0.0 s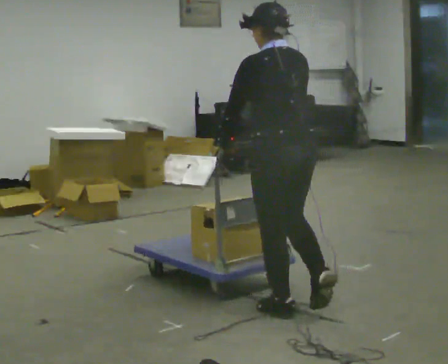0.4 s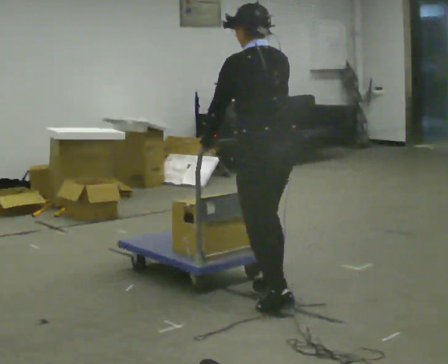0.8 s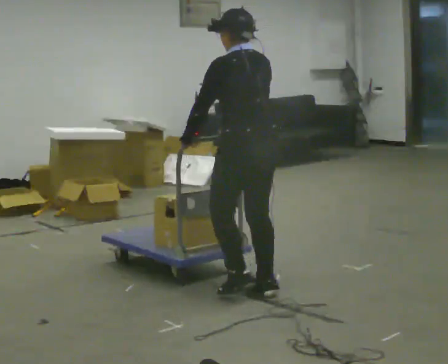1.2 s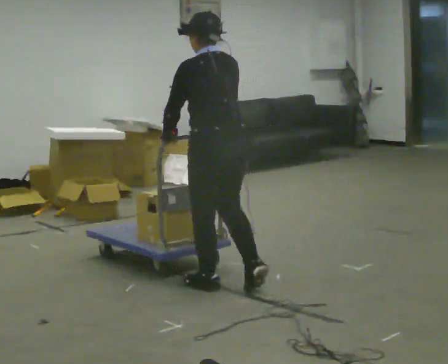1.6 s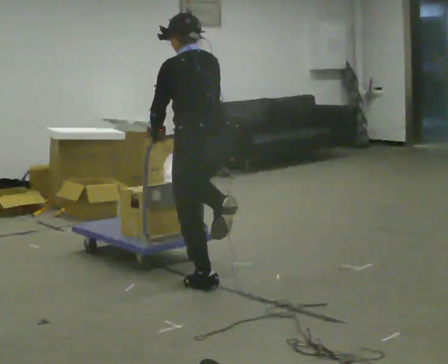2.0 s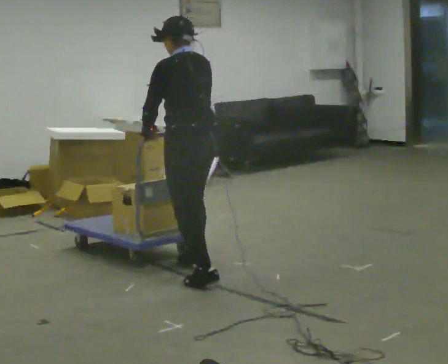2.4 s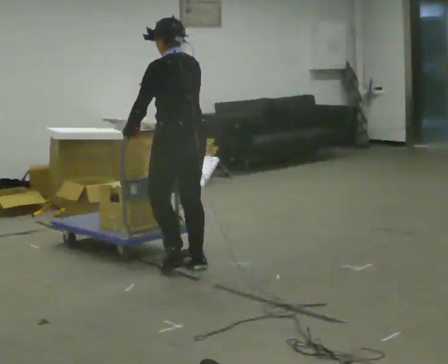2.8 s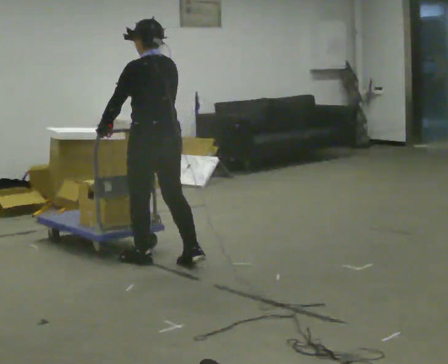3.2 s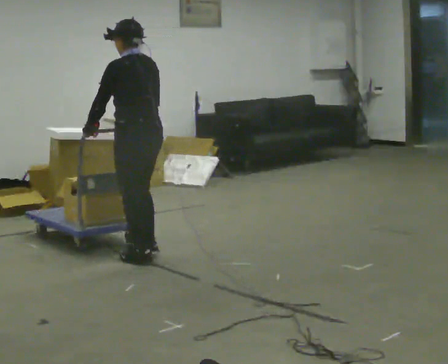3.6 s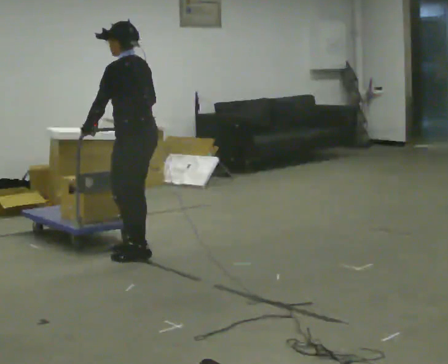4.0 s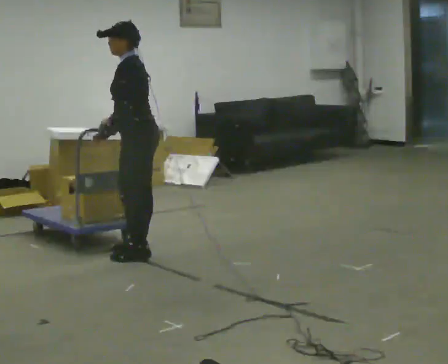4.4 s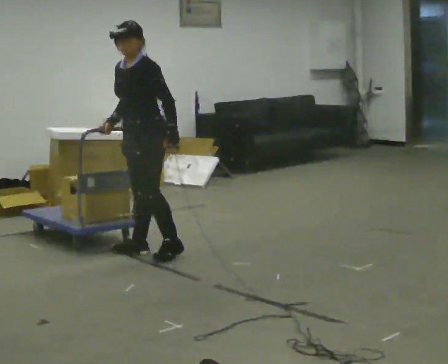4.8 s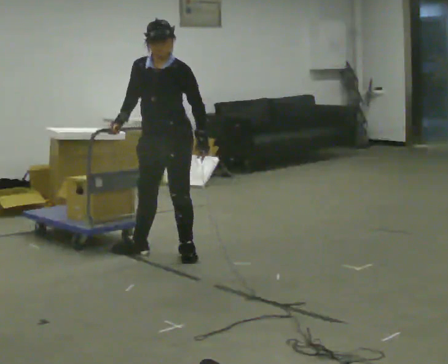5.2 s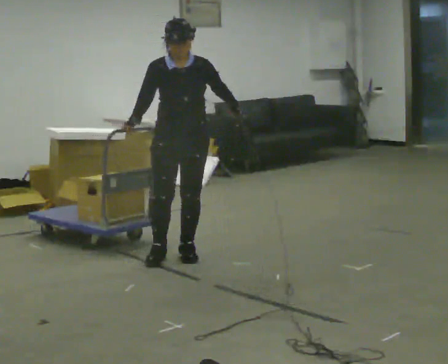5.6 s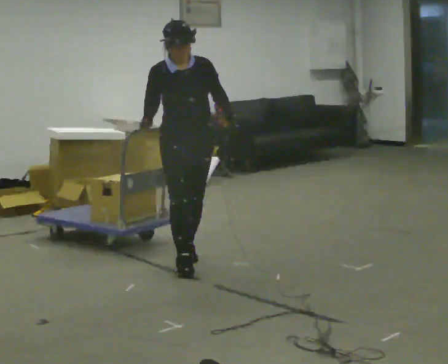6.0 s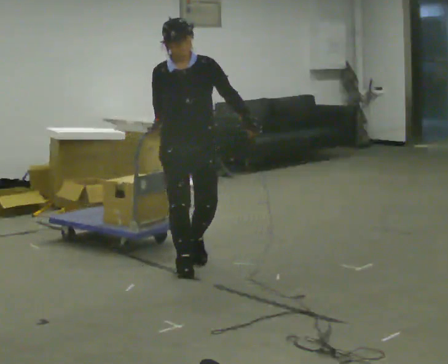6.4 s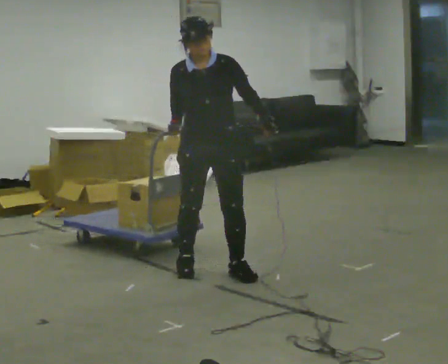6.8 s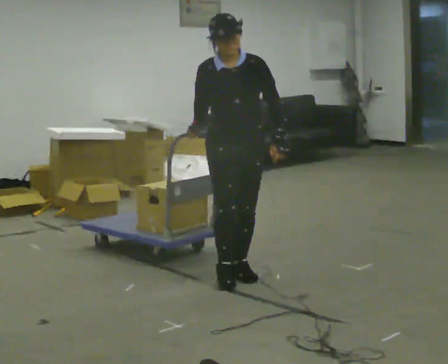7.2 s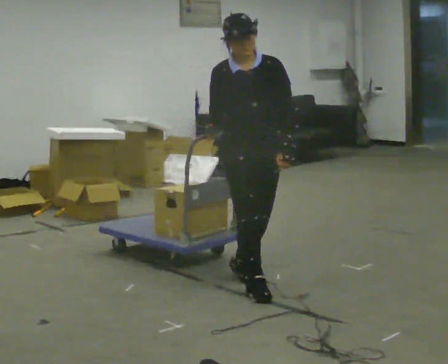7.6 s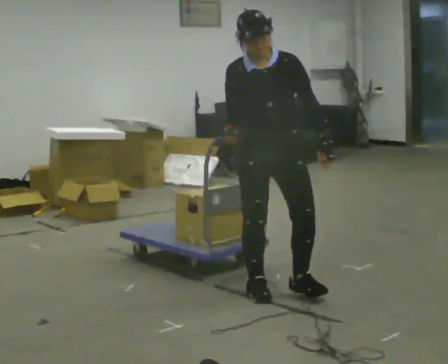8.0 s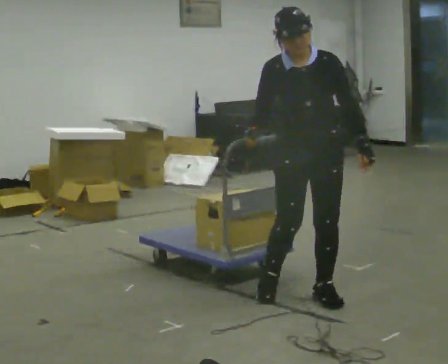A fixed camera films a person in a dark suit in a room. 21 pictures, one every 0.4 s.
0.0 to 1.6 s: In the picture they go away from the camera and to the left, about 0.75 m in 2 steps, which for them is forward.
1.6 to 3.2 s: In the picture they go away from the camera and to the left, about 0.5 m in 2 steps, which for them is forward.
3.2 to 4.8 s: The person turns about 90 degrees to their left, counterclockwise seen from above, so the part of the body nearest the lens slides to the right. In the picture they go to the right, about 0.25 m in 2 steps. In the picture their left hand goes to the right, the arm swinging counterclockwise.
4.8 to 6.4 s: Seen from above the body turns counterclockwise, about 30 degrees: to their left, with its near side sliding to the right. In the picture they go toward the camera and to the right, about 0.5 m in 2 steps, which for them is forward and to their left.
6.4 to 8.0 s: In the picture they go toward the camera and to the right, about 1 m in 2 steps, which for them is forward and to their left.
The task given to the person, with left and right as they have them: Push the cart across the room and back. The operator will change how much is loaded on it between takes and will tell you each time.
The film runs forward here.
